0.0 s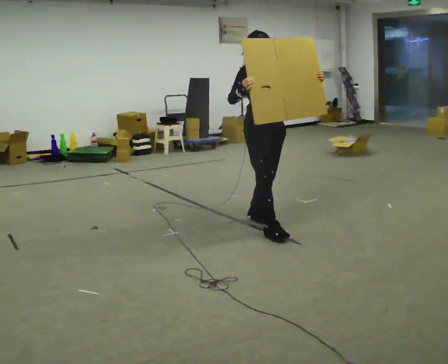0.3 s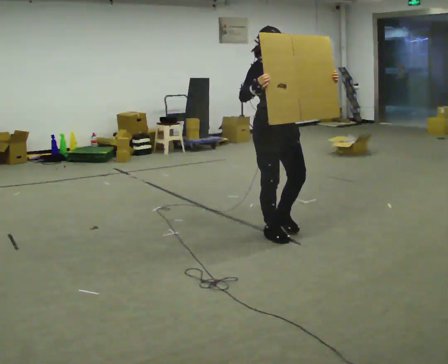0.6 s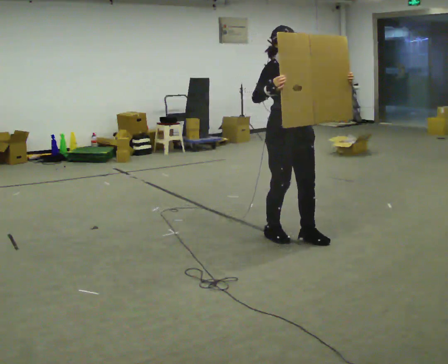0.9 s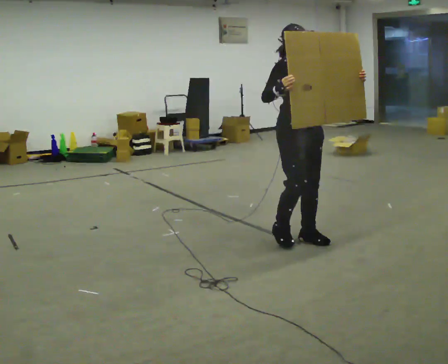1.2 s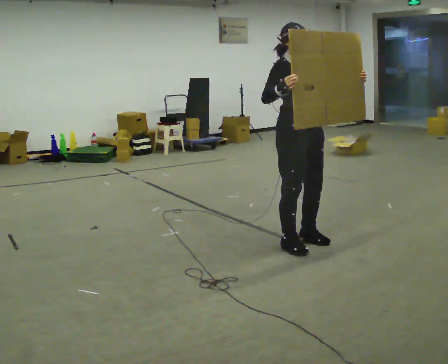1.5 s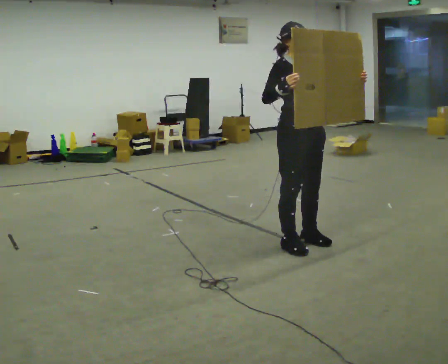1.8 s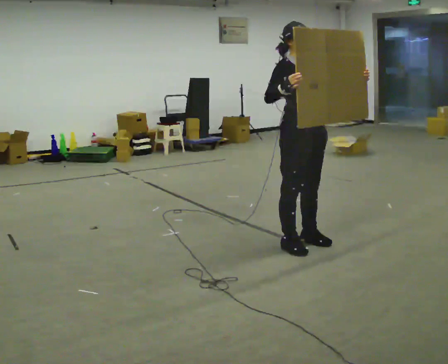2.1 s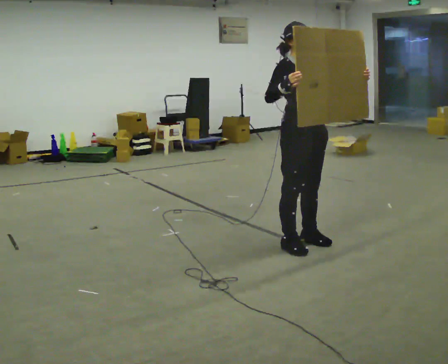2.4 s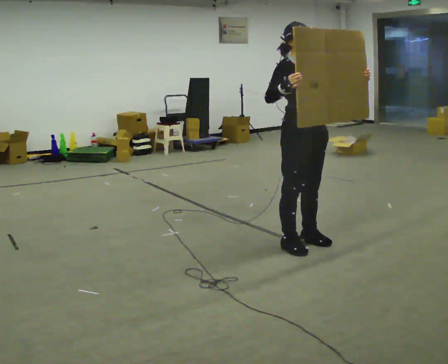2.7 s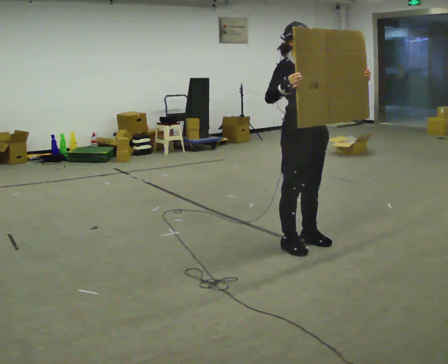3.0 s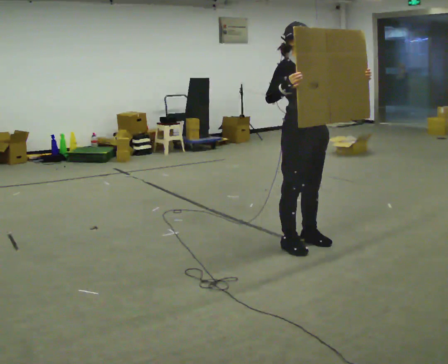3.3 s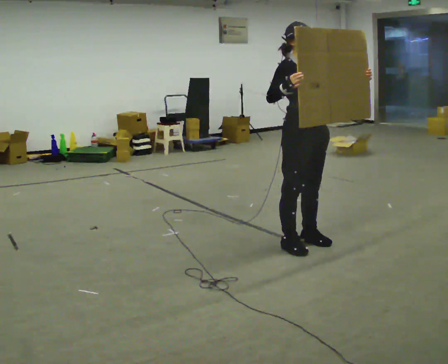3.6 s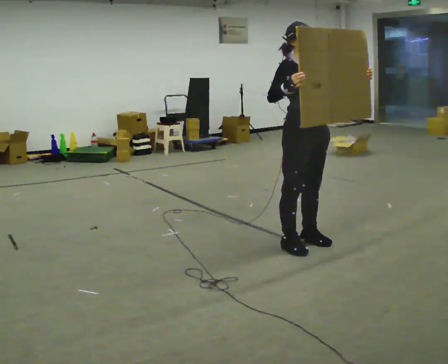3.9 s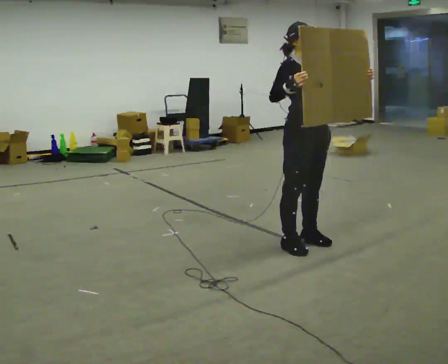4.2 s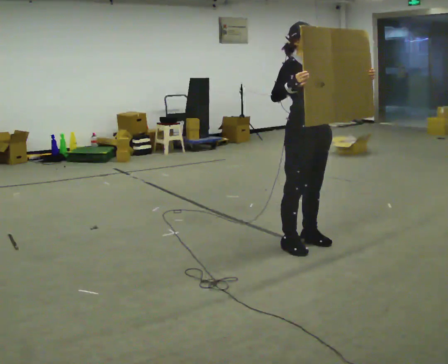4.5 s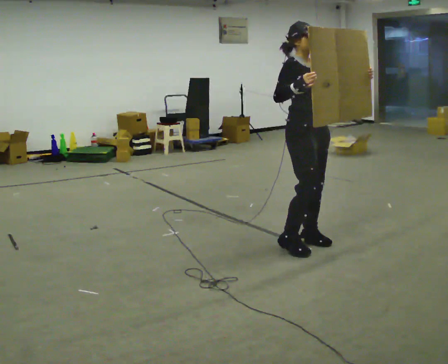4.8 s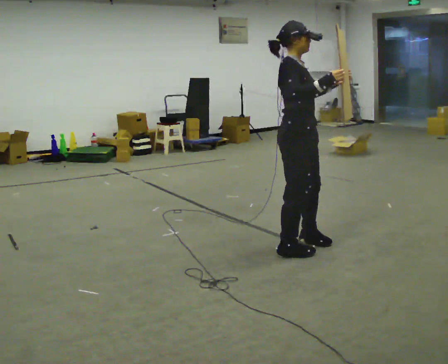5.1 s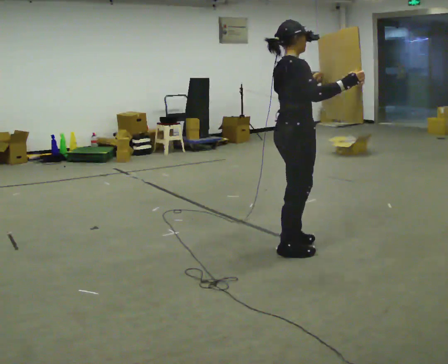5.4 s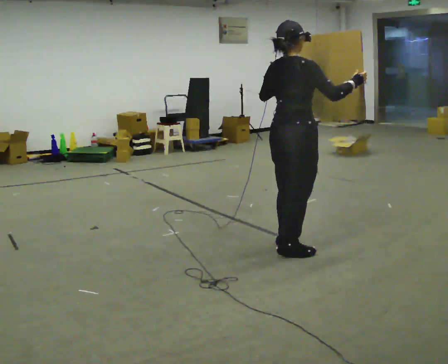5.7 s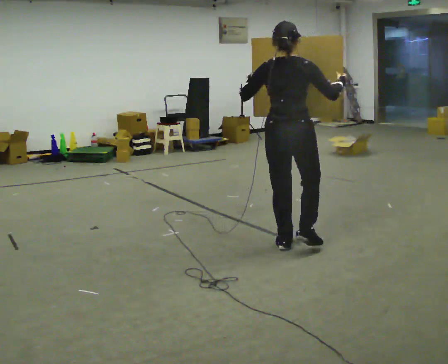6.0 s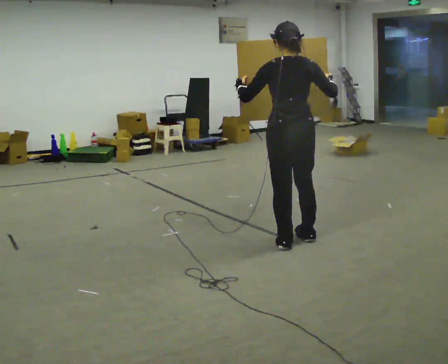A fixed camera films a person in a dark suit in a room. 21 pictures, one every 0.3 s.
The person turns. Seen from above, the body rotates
counterclockwise.
The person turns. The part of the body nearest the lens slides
to the right.
0.0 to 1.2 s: In the picture they go toward the camera and to the right, about 0.5 m in 2 steps, which for them is forward.
1.2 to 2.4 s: The person moves a little, or ends about where they began.
2.4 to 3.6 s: The person keeps their place and pose.
3.6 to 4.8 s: Seen from above the body turns counterclockwise, about 30 degrees: to their left, with its near side sliding to the right.
4.8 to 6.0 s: The person turns about 120 degrees to their left, counterclockwise seen from above, so the part of the body nearest the lens slides to the right.
The film runs forward here.
